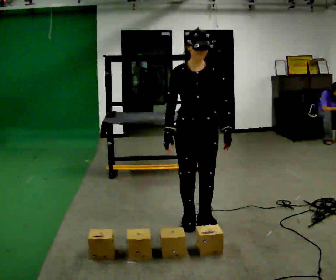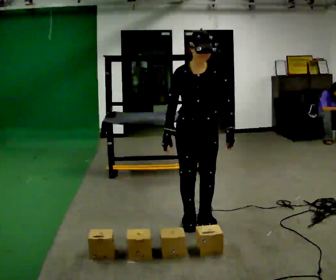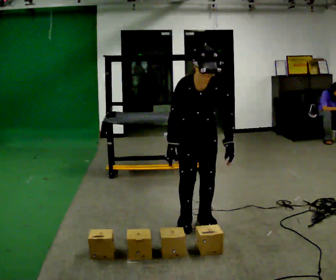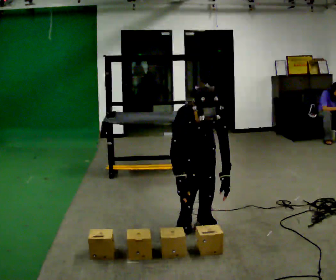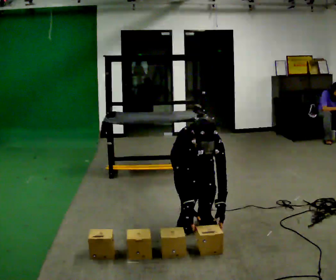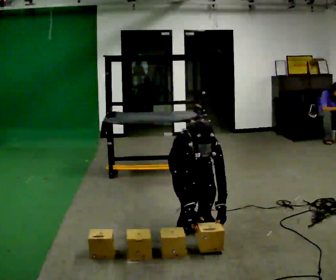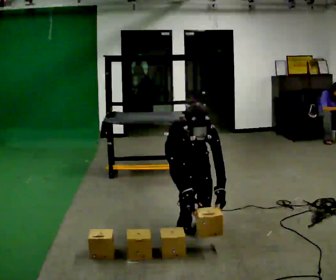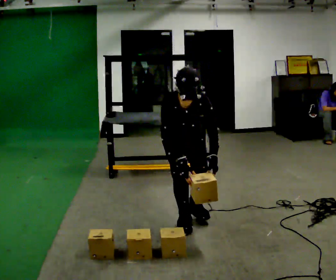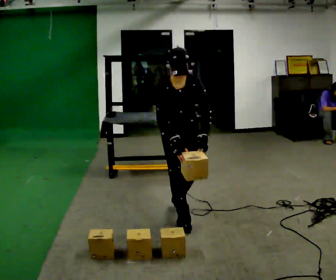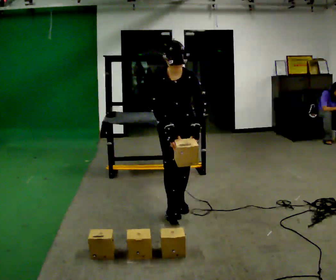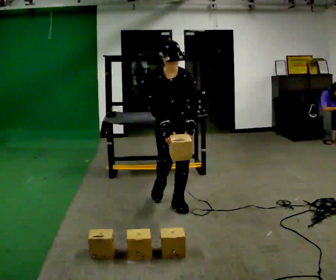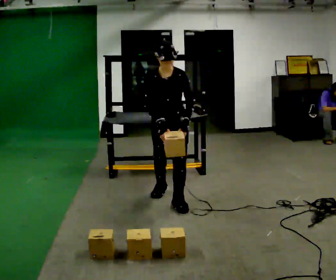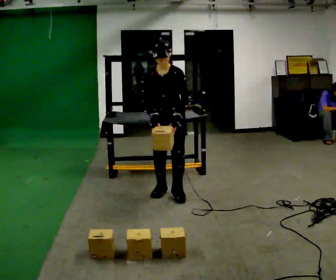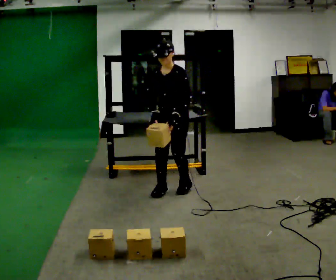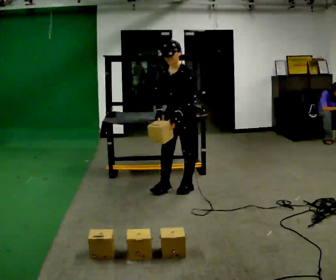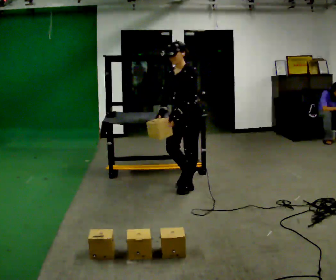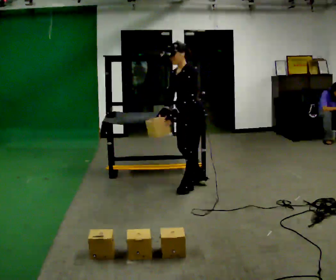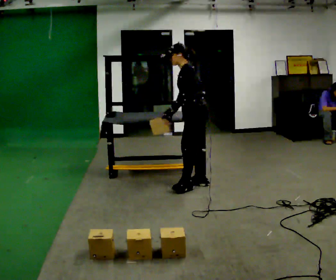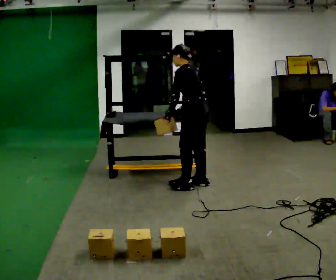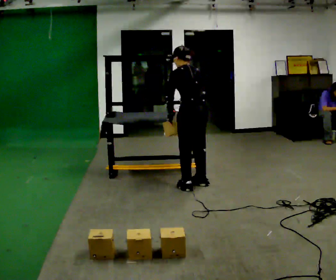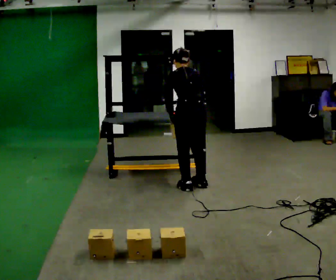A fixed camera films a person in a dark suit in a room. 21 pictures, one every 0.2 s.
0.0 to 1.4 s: In the picture they go away from the camera, about 0.25 m in 1 step, which for them is backward. The upper body tips toward the camera, its near side rolling downward, as they bend forward.
1.4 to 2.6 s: The part of the body nearest the lens slides to the left as the person turns to their right by about 30 degrees. In the picture they go away from the camera, about 0.75 m in 2 steps, which for them is backward. The shoulders move upward. The upper body tips away from the camera, its near side rolling upward, as they lean back or straighten. In the picture their left hand goes upward.
2.6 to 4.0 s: Seen from above the body turns clockwise, about 135 degrees: to their right, with its near side sliding to the left. In the picture they go to the right, about 0.25 m in 1 step. The upper body tips away from the camera, its near side rolling upward.
The film runs backward here.
